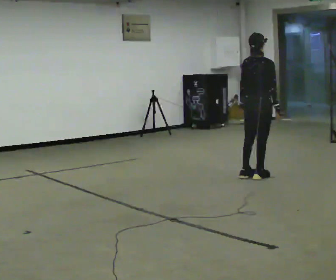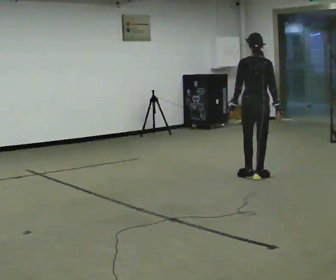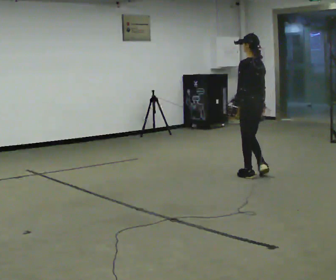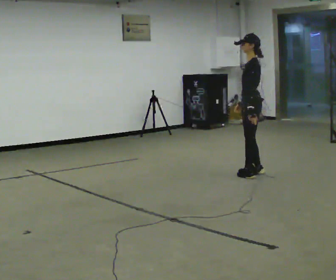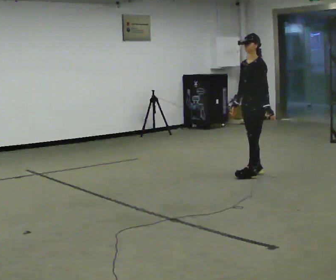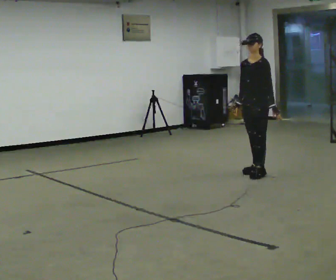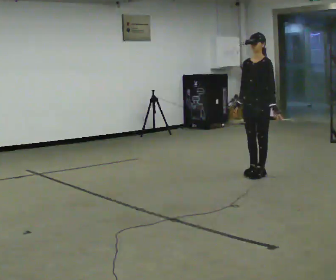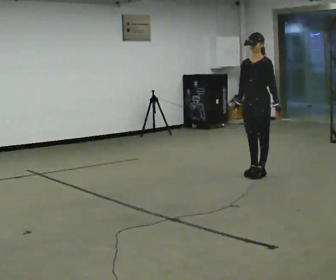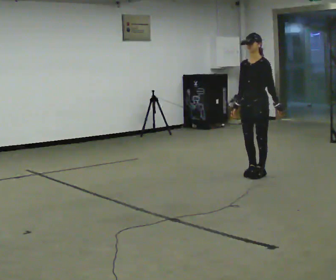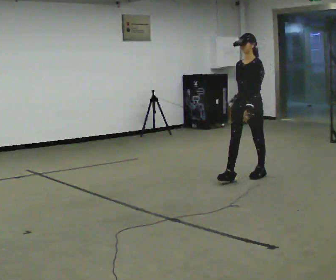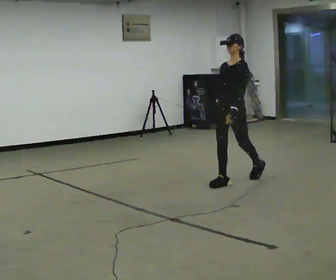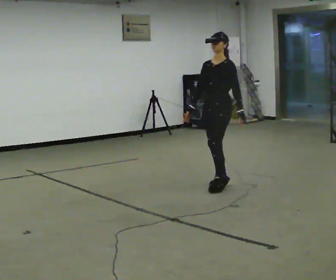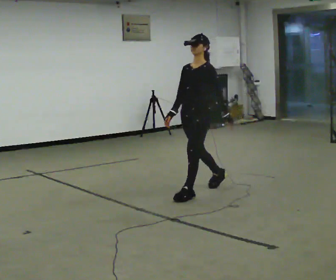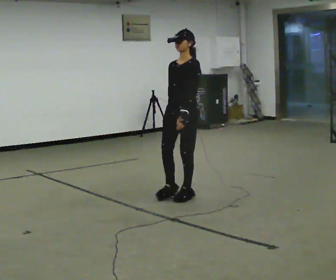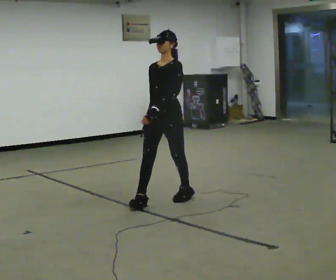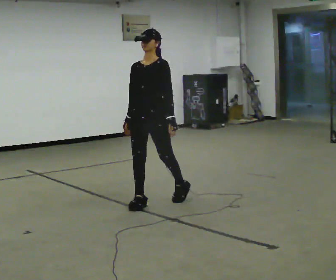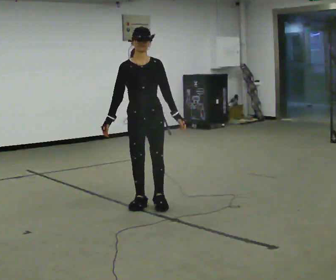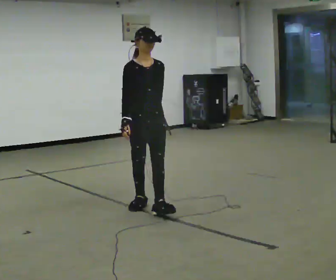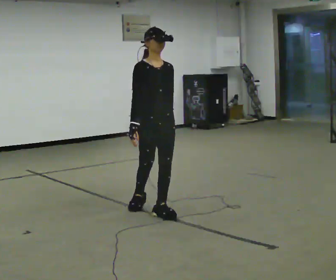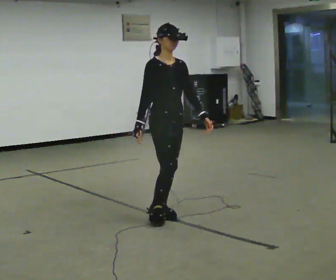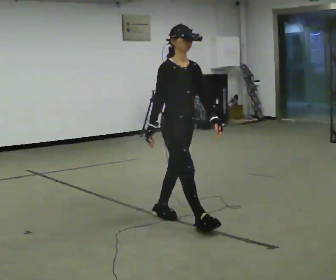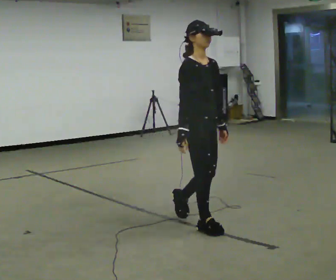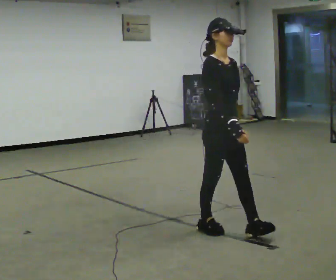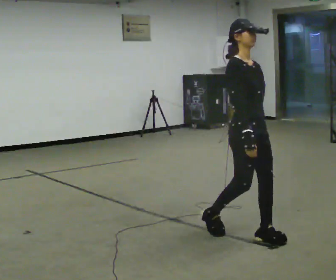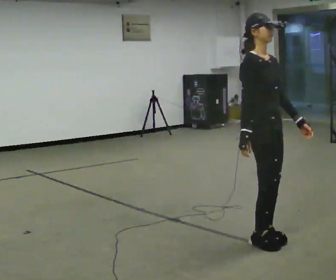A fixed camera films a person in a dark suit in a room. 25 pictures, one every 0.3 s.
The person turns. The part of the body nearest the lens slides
to the right.
The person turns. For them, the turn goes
to their left.
0.0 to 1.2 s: The person turns about 150 degrees to their left, counterclockwise seen from above, so the part of the body nearest the lens slides to the right. In the picture they go away from the camera, about 0.25 m in 1 step. In the picture their right hand goes to the left.
1.2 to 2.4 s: The person moves a little, or ends about where they began.
2.4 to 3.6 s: In the picture they go to the left and toward the camera, about 1 m in 2 steps, which for them is forward.
3.6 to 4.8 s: The person turns about 60 degrees to their left, counterclockwise seen from above, so the part of the body nearest the lens slides to the right. In the picture they go to the left and toward the camera, about 0.75 m in 1 step.
4.8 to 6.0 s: Seen from above the body turns counterclockwise, about 30 degrees: to their left, with its near side sliding to the right. In the picture they go toward the camera and to the right, about 0.5 m in 1 step, which for them is forward.
6.0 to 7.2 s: In the picture they go to the right and toward the camera, about 1 m in 3 steps, which for them is forward.
The film runs forward here.
